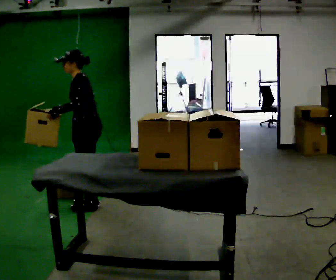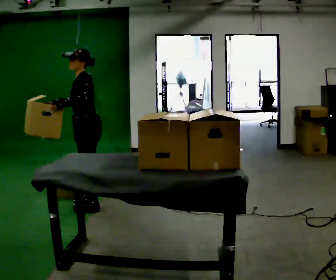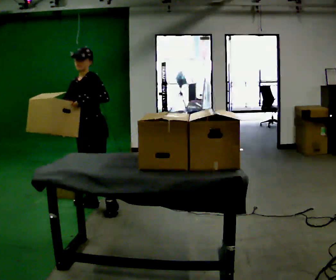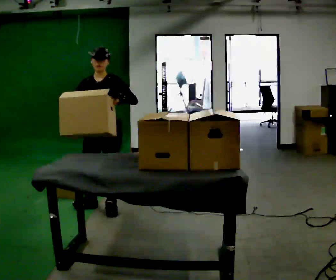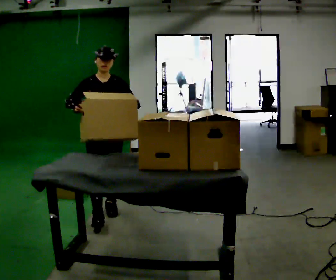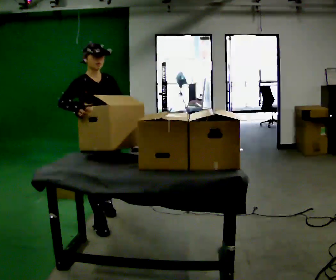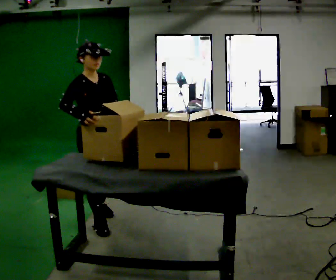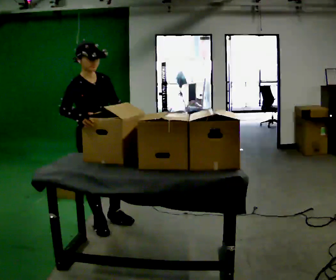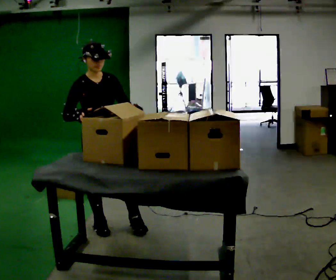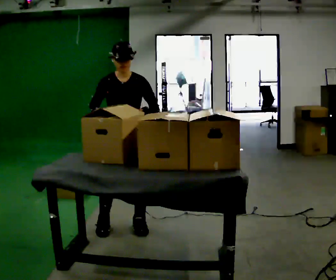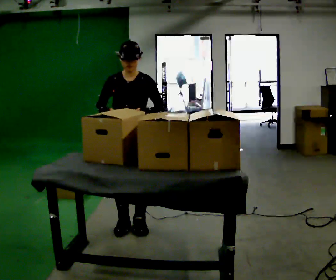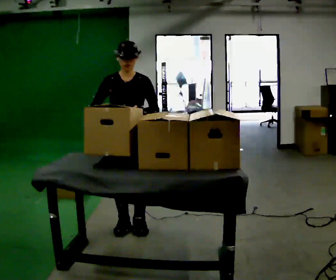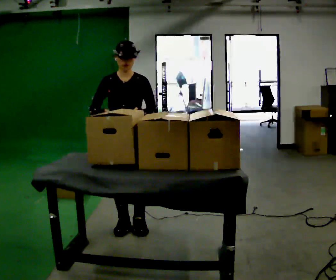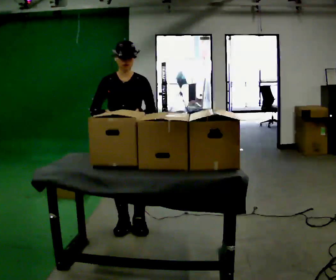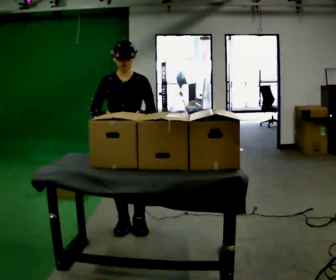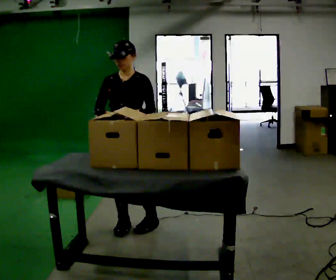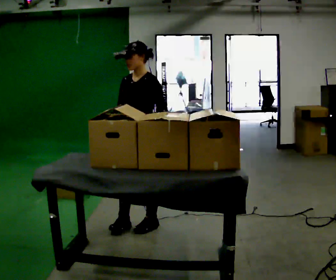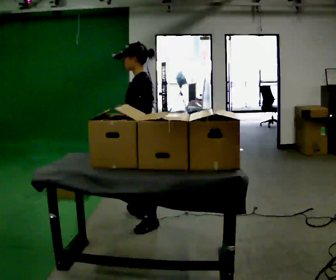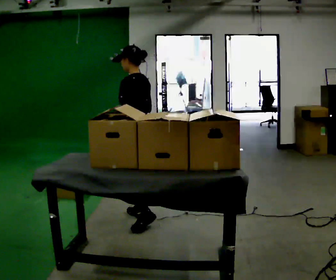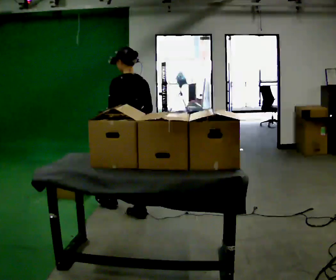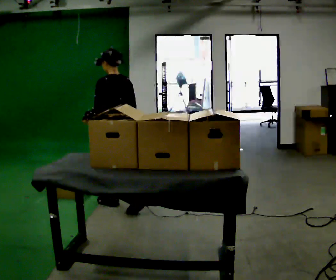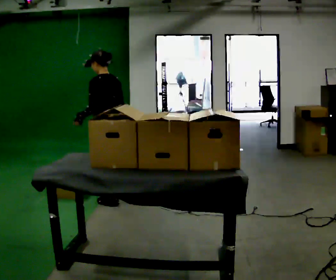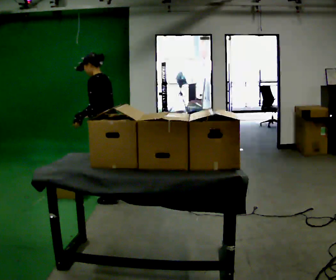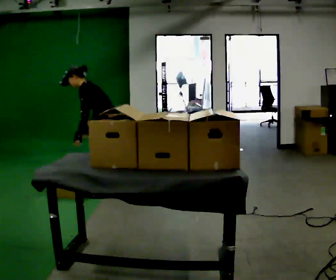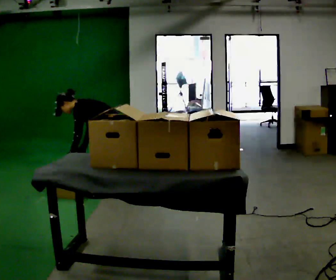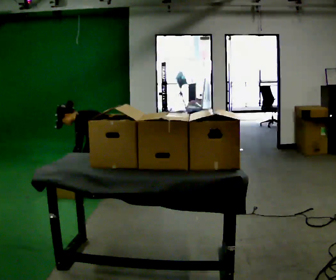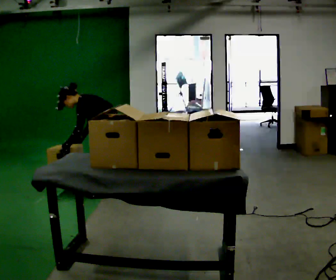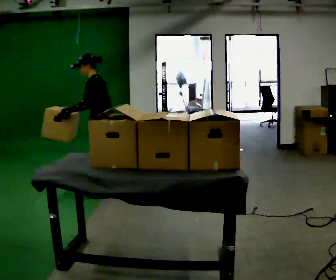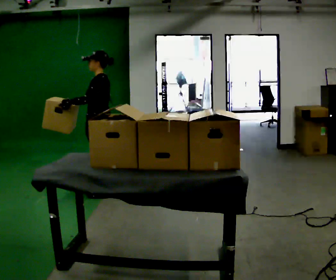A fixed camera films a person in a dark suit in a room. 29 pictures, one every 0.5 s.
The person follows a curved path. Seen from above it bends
counterclockwise.
0.0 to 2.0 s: Seen from above the body turns counterclockwise, about 90 degrees: to their left, with its near side sliding to the right. In the picture they go toward the camera and to the right, about 0.25 m in 1 step.
2.0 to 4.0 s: In the picture they go toward the camera, about 0.25 m in 3 steps, which for them is forward and to their right.
4.0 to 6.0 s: In the picture they go to the right, about 0.25 m in 1 step, which for them is to their left.
6.0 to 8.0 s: Seen from above the body turns clockwise, about 45 degrees: to their right, with its near side sliding to the left.
8.0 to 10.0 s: The part of the body nearest the lens slides to the left as the person turns to their right by about 105 degrees. In the picture they go away from the camera and to the left, about 0.5 m in 2 steps.
10.0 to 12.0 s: The person turns about 45 degrees to their left, counterclockwise seen from above, so the part of the body nearest the lens slides to the right. In the picture they go away from the camera, about 0.5 m in 2 steps, which for them is to their right and forward. The upper body goes downward. In the picture the upper body tilts counterclockwise, shoulders to the left, as they bend forward. In the picture their left hand goes downward.
12.0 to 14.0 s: In the picture the upper body tilts clockwise, shoulders to the right, as they lean back or straighten. In the picture their right hand goes upward.
The film runs forward here.
